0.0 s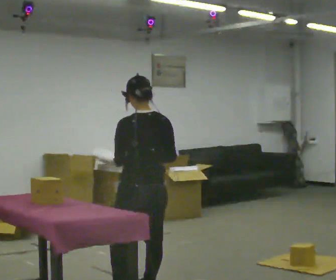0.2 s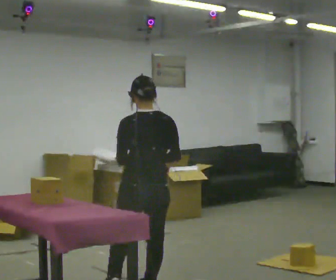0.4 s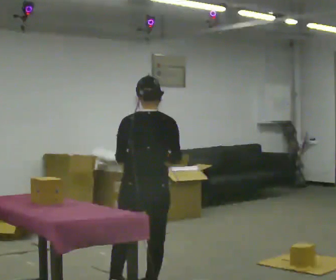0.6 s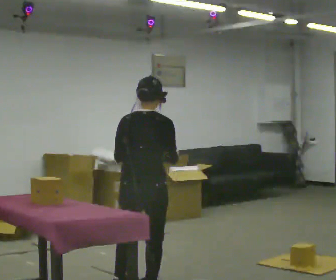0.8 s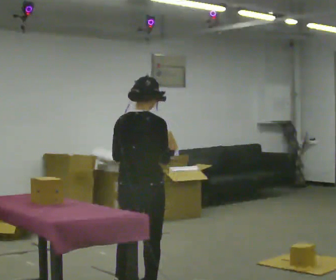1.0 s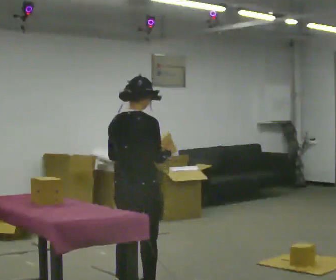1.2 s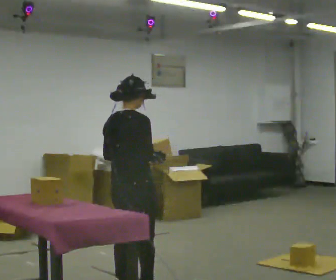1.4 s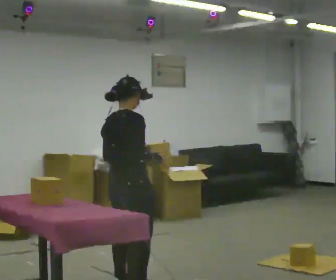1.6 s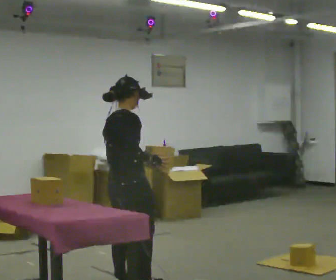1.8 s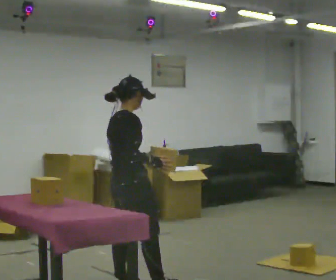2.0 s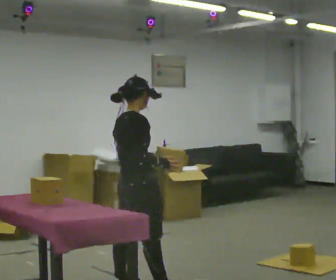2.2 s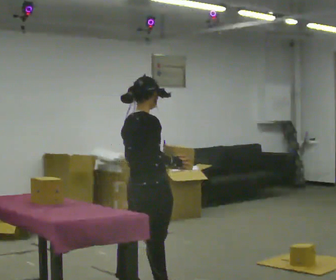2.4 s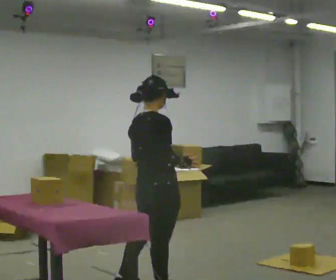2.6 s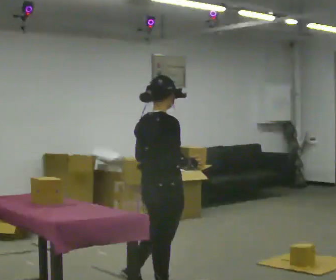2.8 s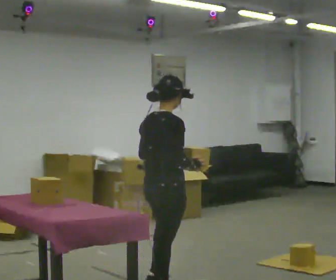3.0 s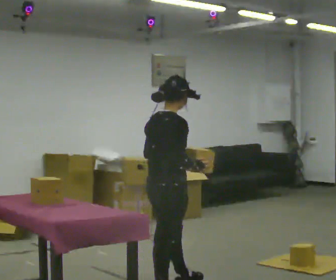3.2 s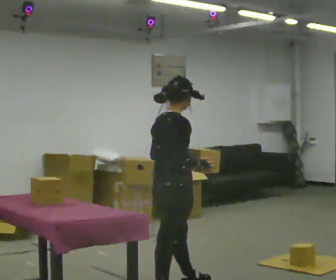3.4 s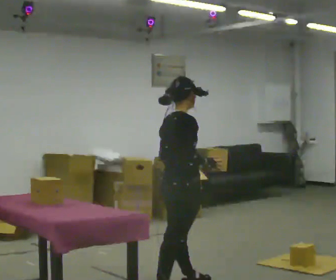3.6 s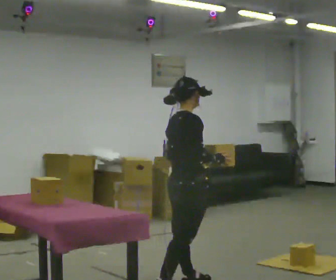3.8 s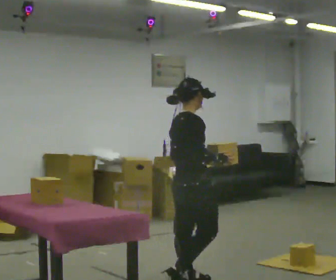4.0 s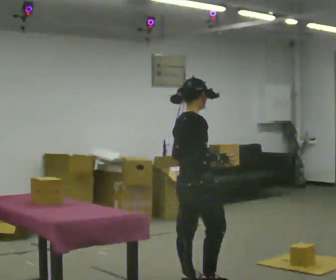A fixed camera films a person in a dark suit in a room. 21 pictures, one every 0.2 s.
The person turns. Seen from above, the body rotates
clockwise.
The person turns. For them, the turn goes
to their right.
0.0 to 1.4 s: The part of the body nearest the lens slides to the left as the person turns to their right by about 75 degrees. In the picture they go away from the camera, about 0.25 m in 1 step.
1.4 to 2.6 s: In the picture they go to the right, about 0.25 m in 1 step, which for them is forward and to their right.
2.6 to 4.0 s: In the picture they go to the right and away from the camera, about 0.25 m in 1 step, which for them is forward.
The film runs forward here.
